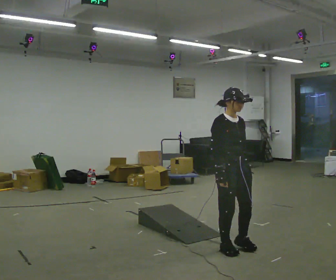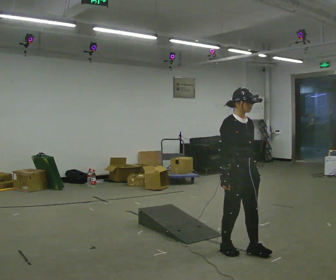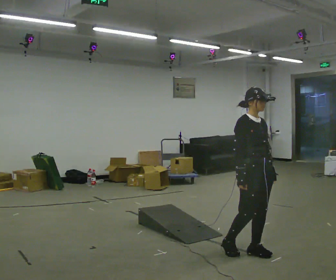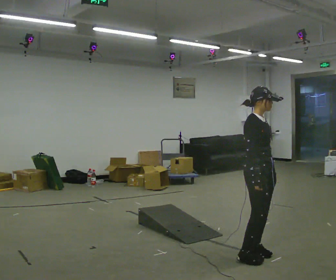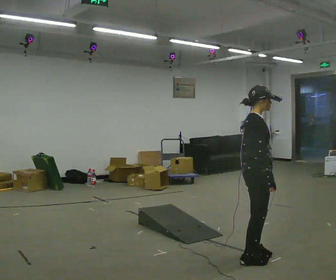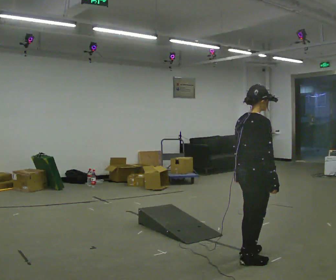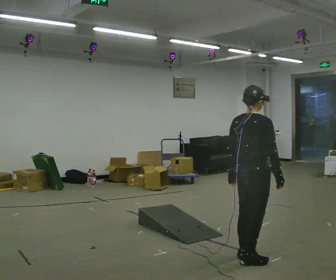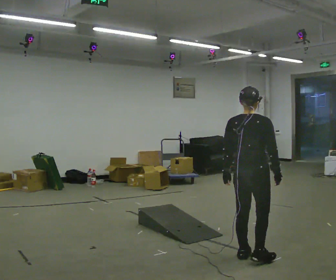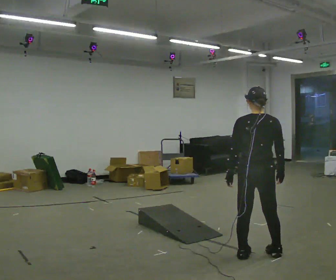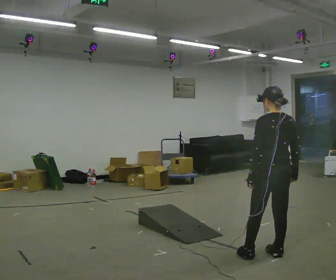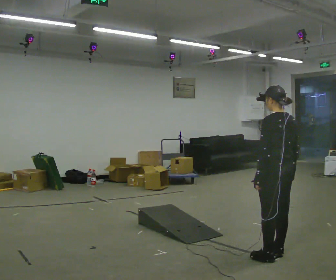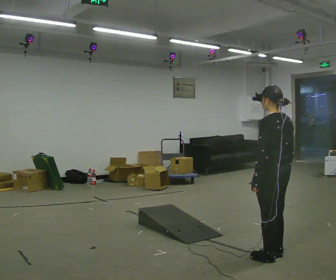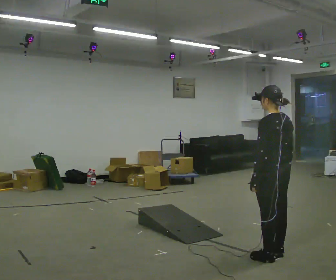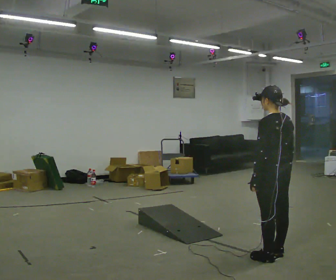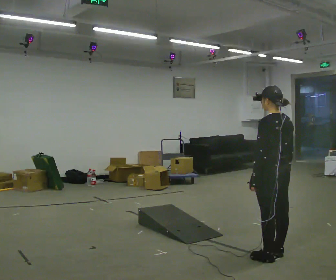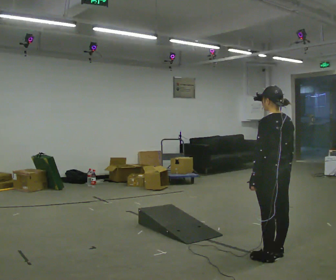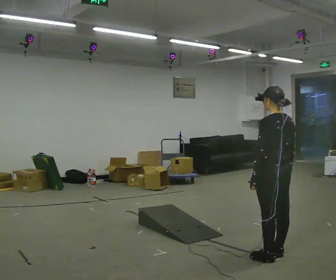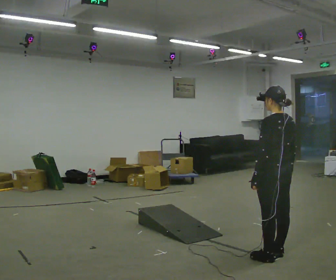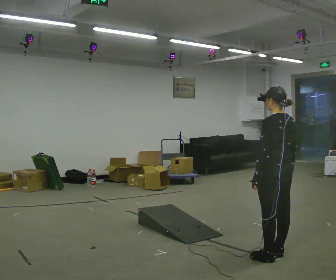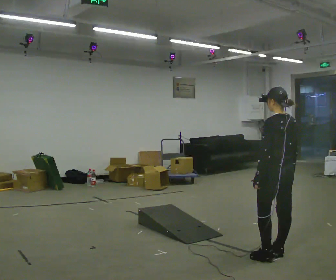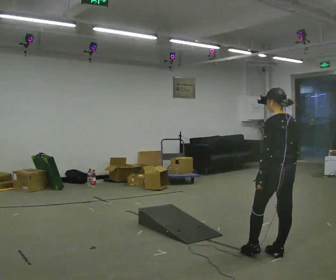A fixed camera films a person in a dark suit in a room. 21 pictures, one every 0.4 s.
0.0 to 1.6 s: The person turns about 45 degrees to their left, counterclockwise seen from above, so the part of the body nearest the lens slides to the right. In the picture they go to the right and toward the camera, about 0.25 m in 2 steps, which for them is forward.
1.6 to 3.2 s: Seen from above the body turns counterclockwise, about 90 degrees: to their left, with its near side sliding to the right.
3.2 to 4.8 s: The part of the body nearest the lens slides to the right as the person turns to their left by about 45 degrees. In the picture they go to the right, about 0.25 m in 1 step, which for them is backward.
4.8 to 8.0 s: The person moves a little, or ends about where they began.
The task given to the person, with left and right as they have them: Walk up the ramp, turn at the top, and walk back down at a comfortable speed.
The film runs forward here.
